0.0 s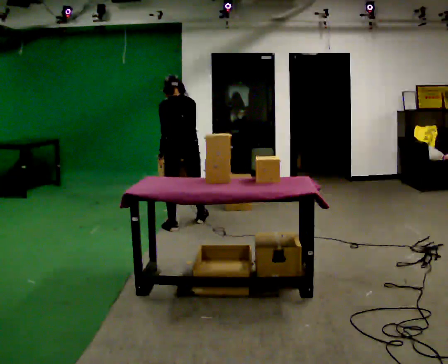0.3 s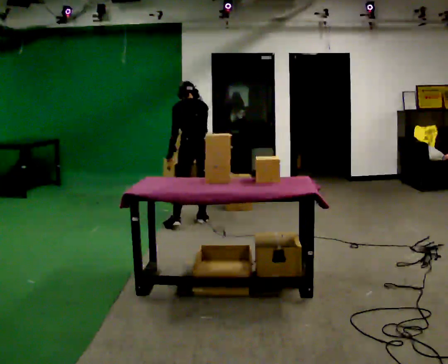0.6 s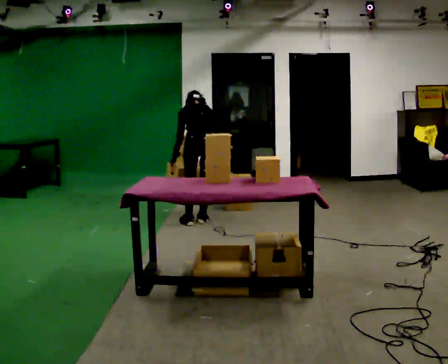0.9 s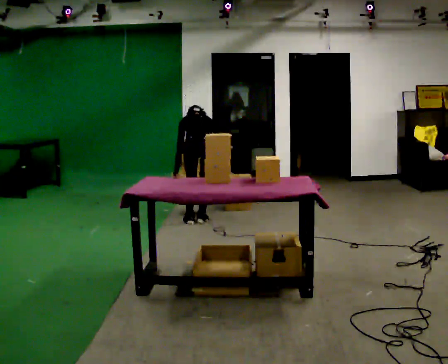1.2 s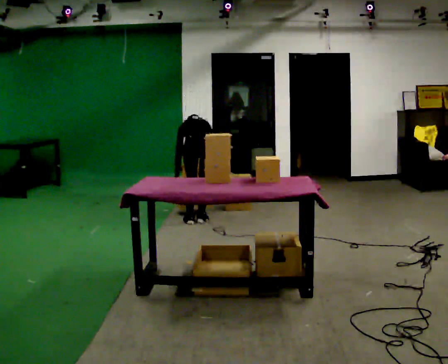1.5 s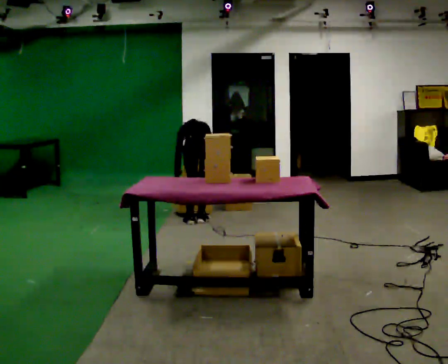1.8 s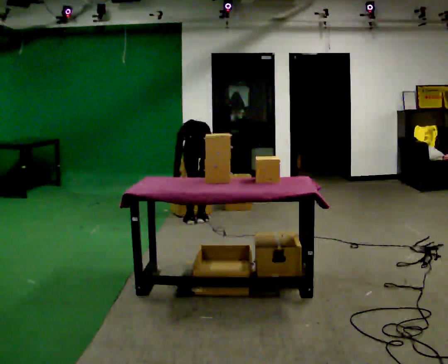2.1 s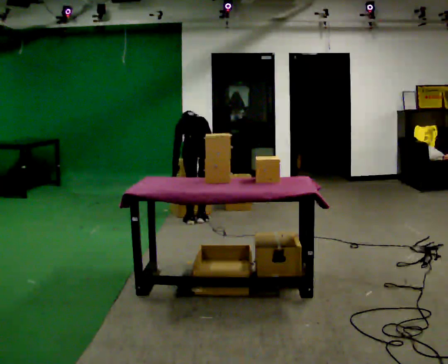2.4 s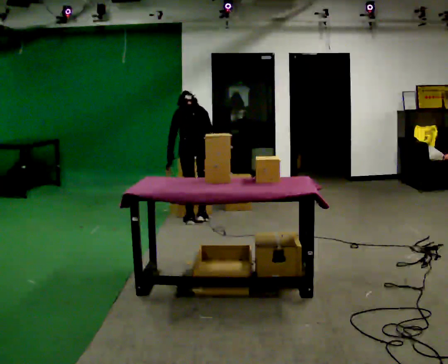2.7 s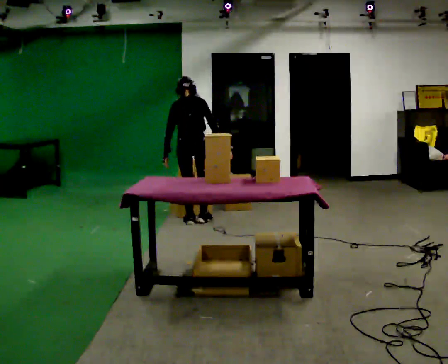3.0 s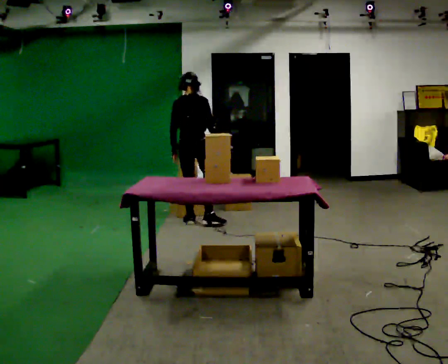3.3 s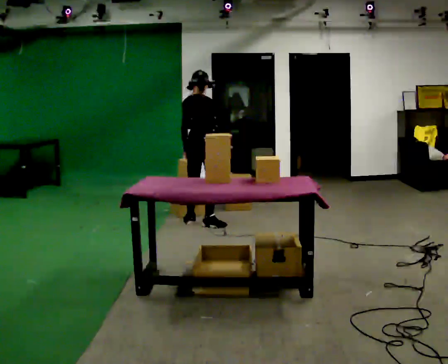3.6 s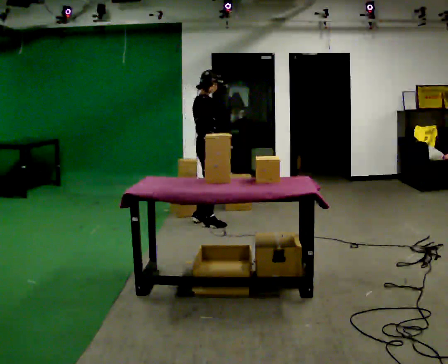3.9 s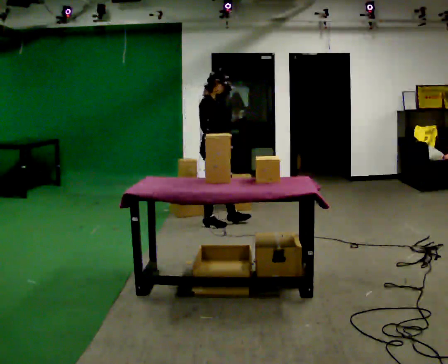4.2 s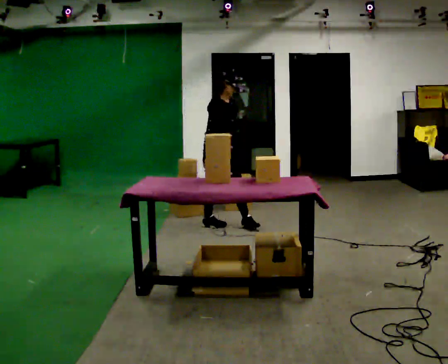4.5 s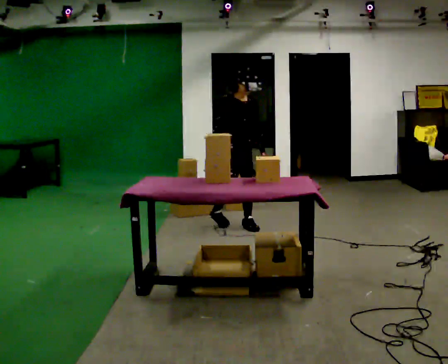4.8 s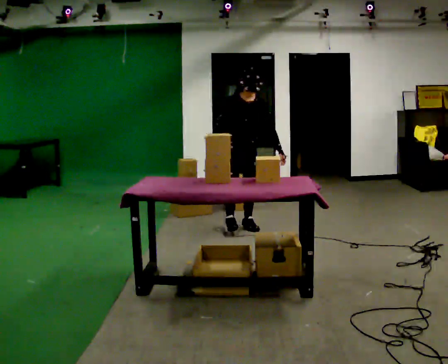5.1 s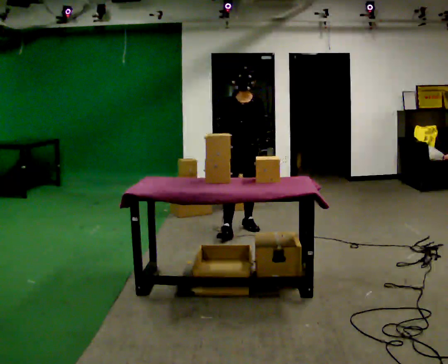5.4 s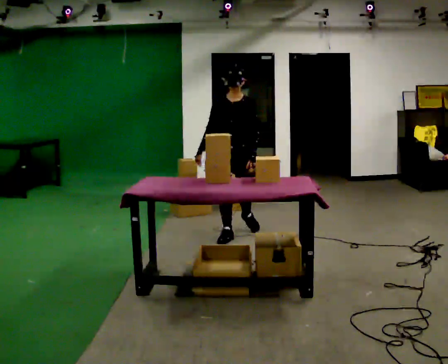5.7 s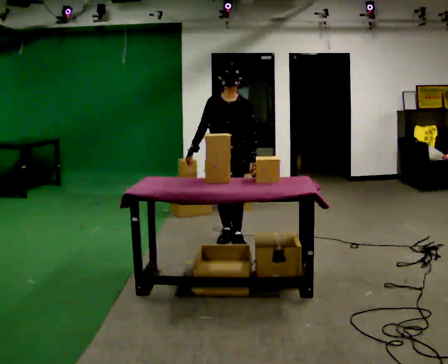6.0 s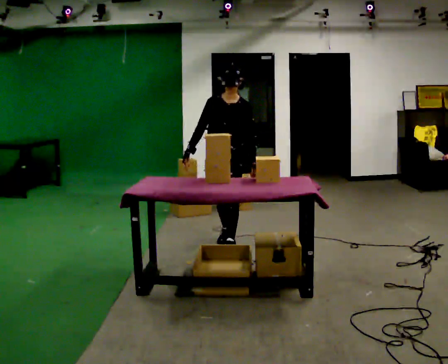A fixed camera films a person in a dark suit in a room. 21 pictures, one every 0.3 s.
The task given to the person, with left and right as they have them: 1. Take everything out of the crates by the door. 2. Put the small items on the middle shelf. 3. Put the large items on the bottom shelf. 4. Stack the empty crates by the door. 5. Tell the operator when you are finished.
0.0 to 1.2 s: In the picture they go to the right, about 0.25 m in 1 step, which for them is to their right. The upper body goes downward. The upper body tips away from the camera, its near side rolling upward, as they bend forward.
1.2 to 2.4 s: The upper body goes upward. The upper body tips toward the camera, its near side rolling downward, as they lean back or straighten.
2.4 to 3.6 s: The part of the body nearest the lens slides to the left as the person turns to their right by about 75 degrees. The upper body tips toward the camera, its near side rolling downward, as they lean back or straighten. In the picture their left hand goes to the right.
3.6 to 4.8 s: Seen from above the body turns clockwise, about 105 degrees: to their right, with its near side sliding to the left. In the picture they go to the right and toward the camera, about 0.25 m in 1 step.
4.8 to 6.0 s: In the picture they go toward the camera, about 0.5 m in 2 steps, which for them is forward.
The film runs forward here.
